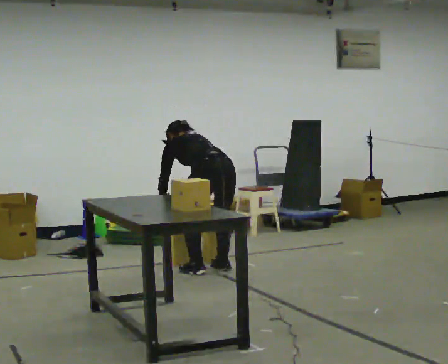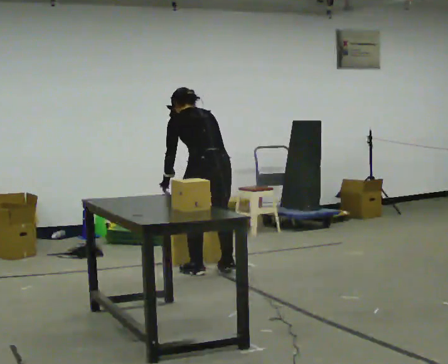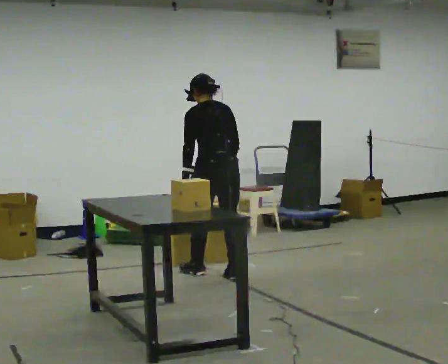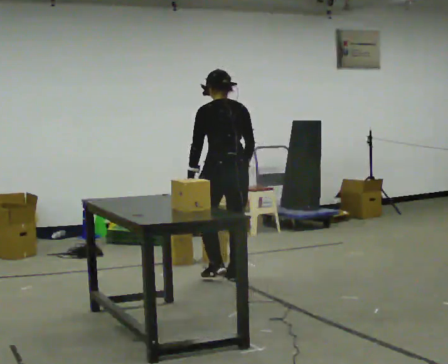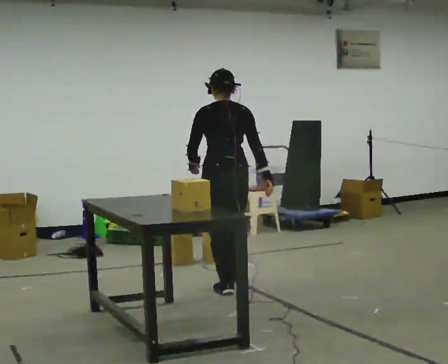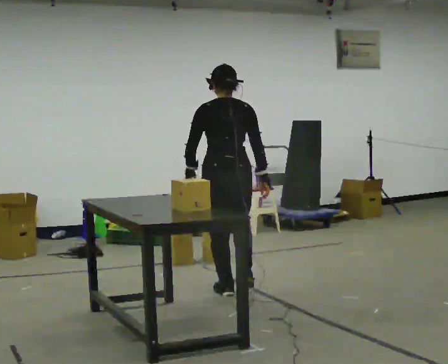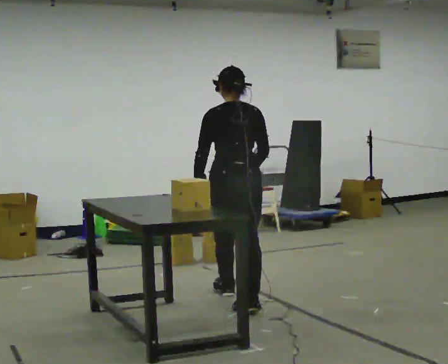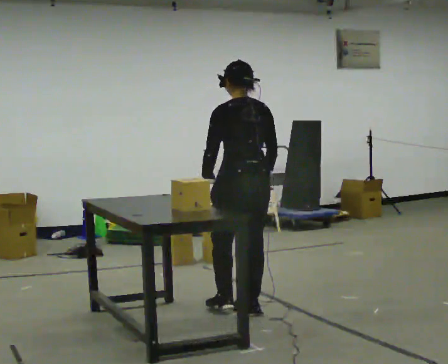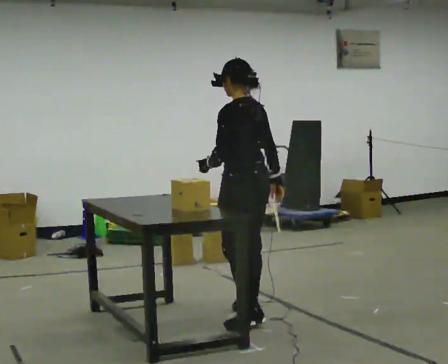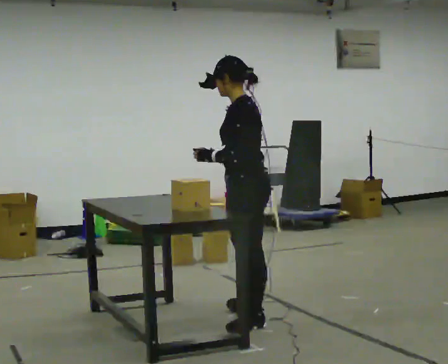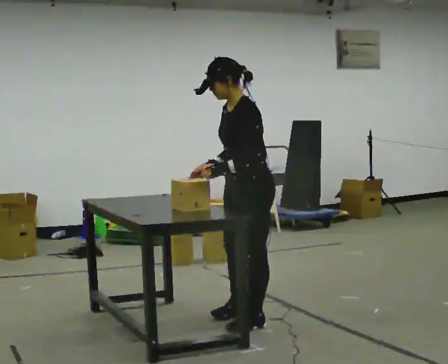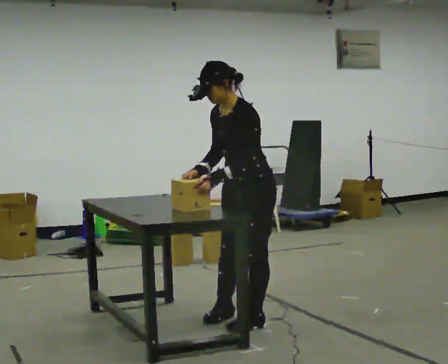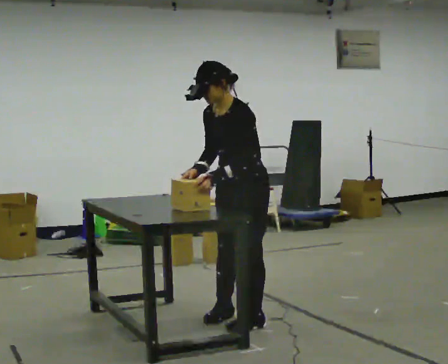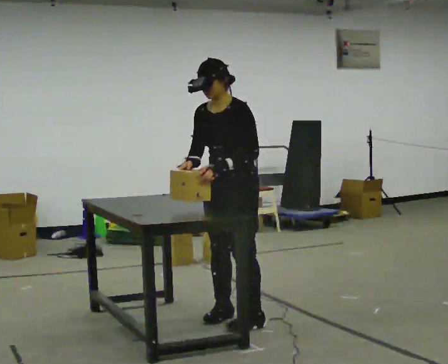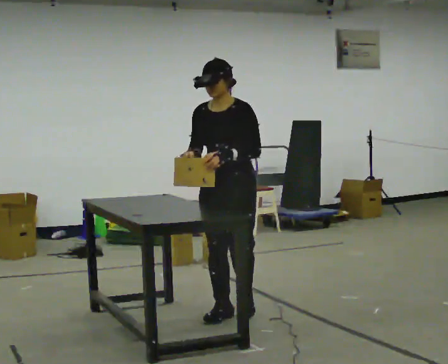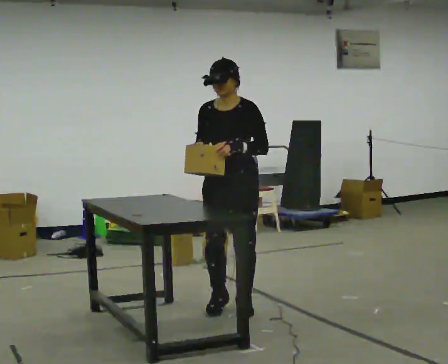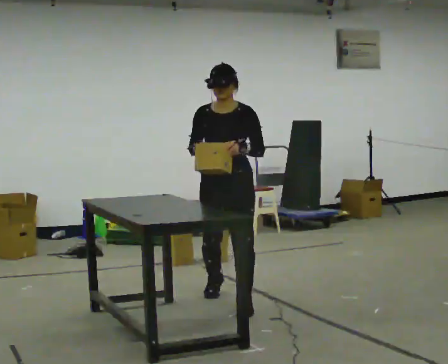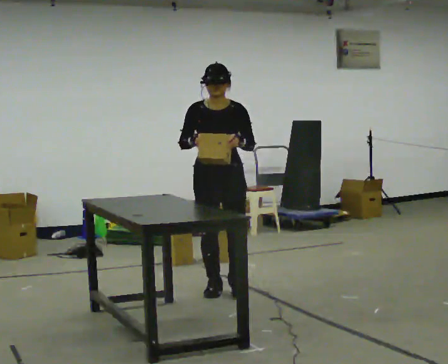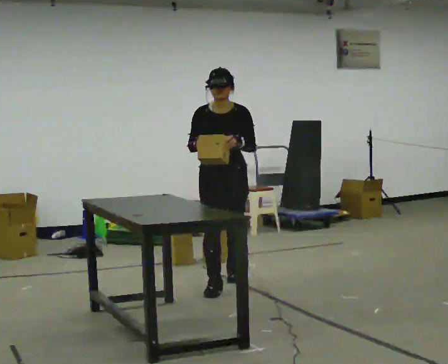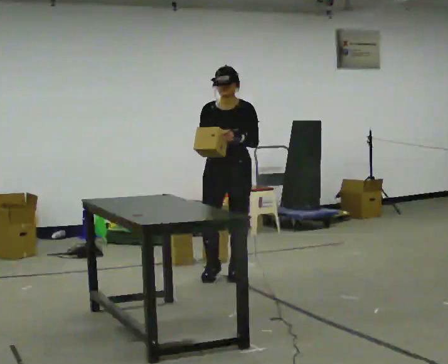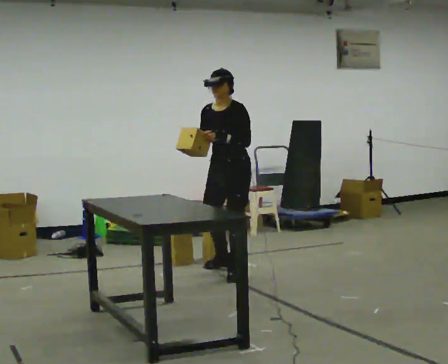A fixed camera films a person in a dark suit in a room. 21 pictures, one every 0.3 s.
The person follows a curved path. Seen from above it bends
clockwise.
0.0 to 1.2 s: In the picture they go toward the camera, about 0.5 m in 2 steps, which for them is backward. The upper body goes upward. The upper body tips toward the camera, its near side rolling downward, as they lean back or straighten.
1.2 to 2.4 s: Seen from above the body turns counterclockwise, about 45 degrees: to their left, with its near side sliding to the right. In the picture they go toward the camera, about 1 m in 2 steps, which for them is backward.
2.4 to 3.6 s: Seen from above the body turns counterclockwise, about 60 degrees: to their left, with its near side sliding to the right. In the picture their right hand goes to the left, the arm swinging clockwise.
3.6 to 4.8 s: Seen from above the body turns counterclockwise, about 45 degrees: to their left, with its near side sliding to the right. In the picture they go away from the camera, about 0.5 m in 2 steps, which for them is backward and to their right.
4.8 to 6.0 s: The person turns about 30 degrees to their right, clockwise seen from above, so the part of the body nearest the lens slides to the left. In the picture they go away from the camera, about 1 m in 2 steps, which for them is backward.
The film runs backward here.
